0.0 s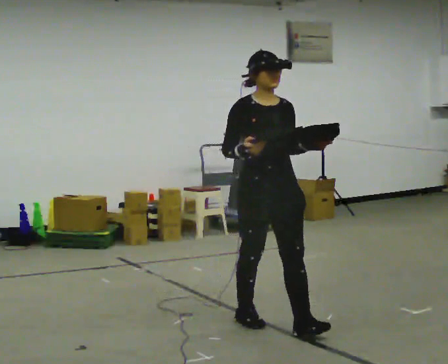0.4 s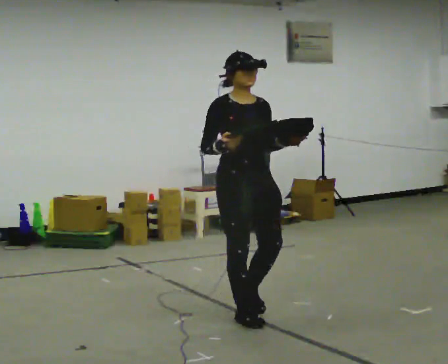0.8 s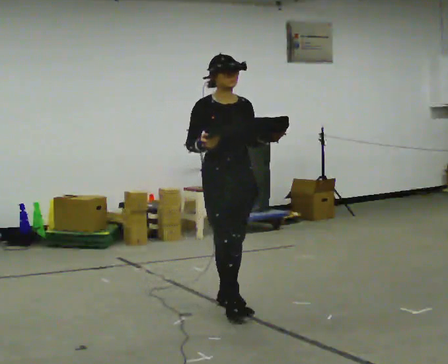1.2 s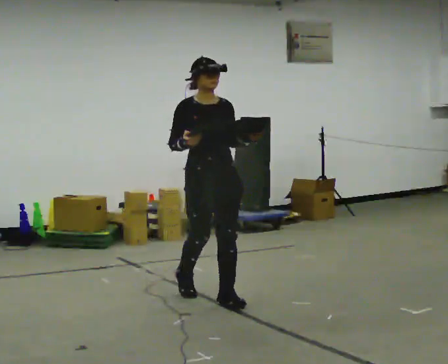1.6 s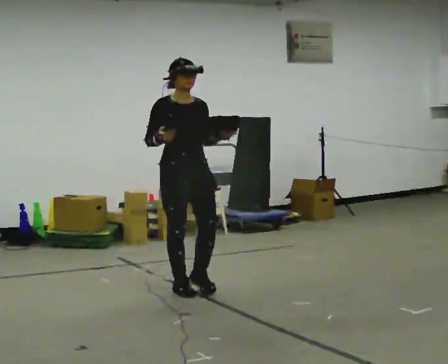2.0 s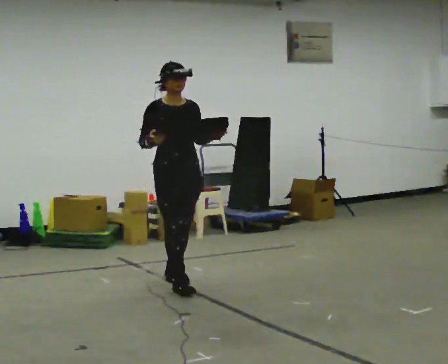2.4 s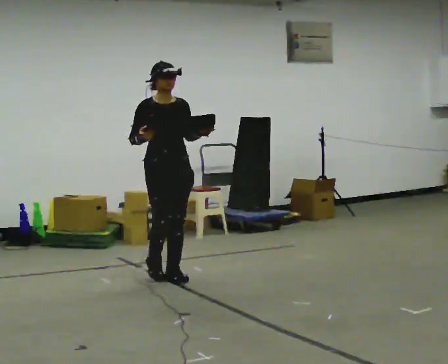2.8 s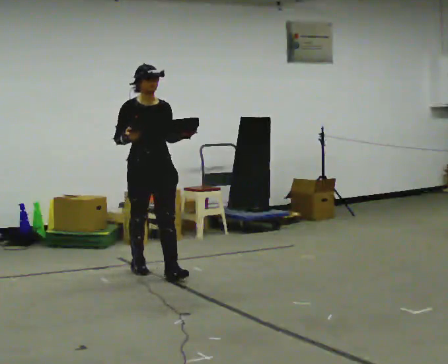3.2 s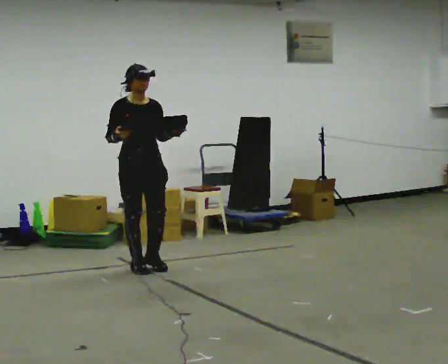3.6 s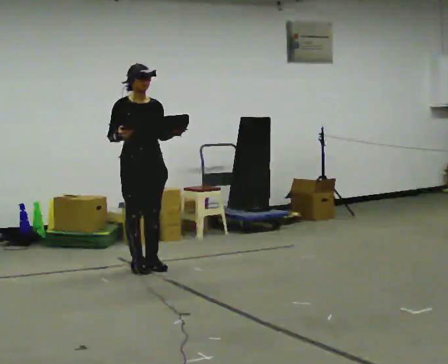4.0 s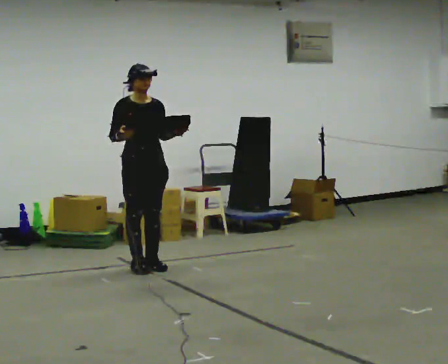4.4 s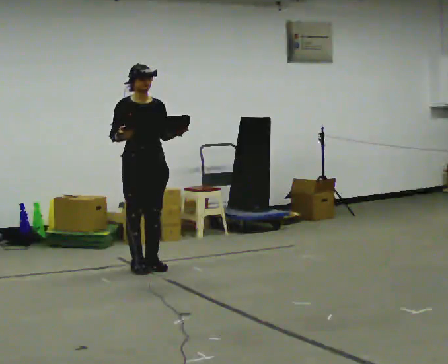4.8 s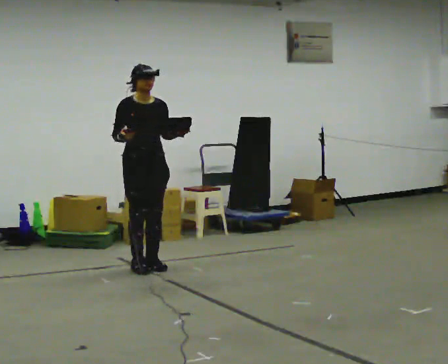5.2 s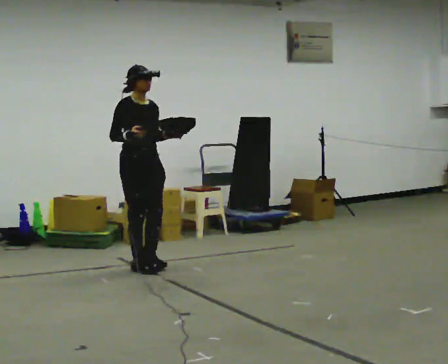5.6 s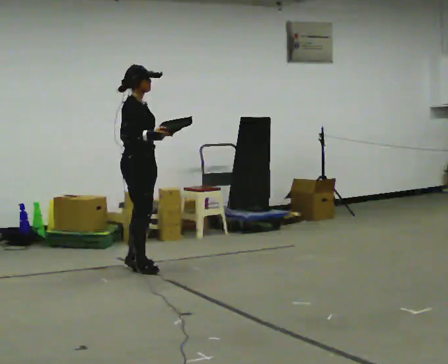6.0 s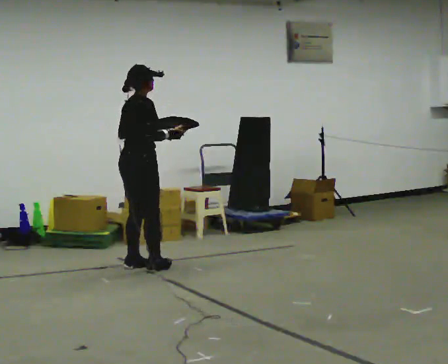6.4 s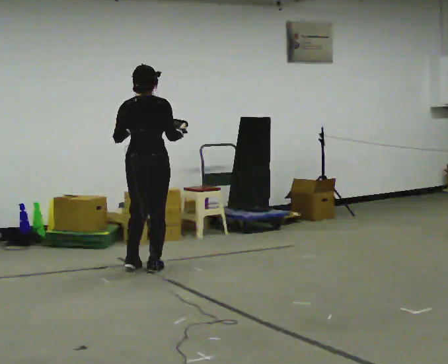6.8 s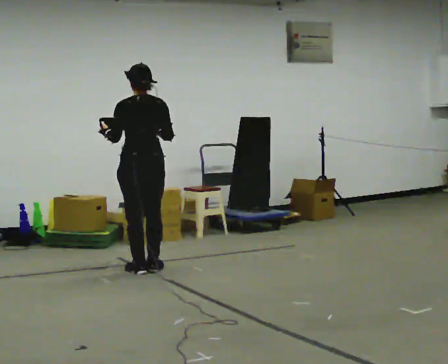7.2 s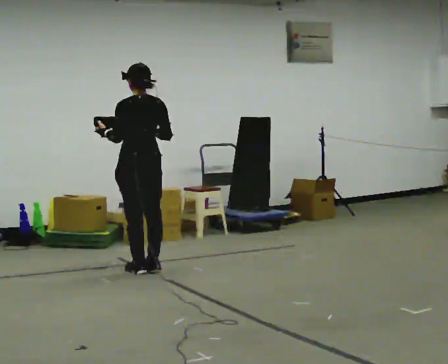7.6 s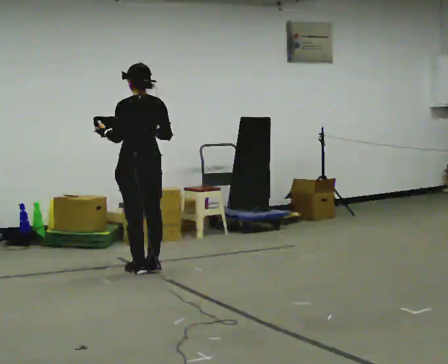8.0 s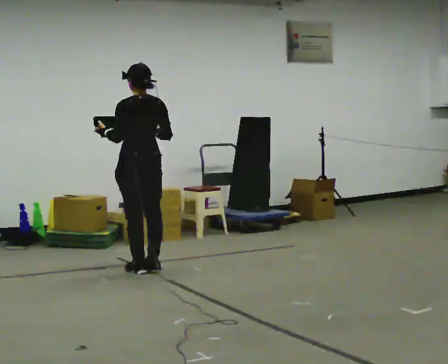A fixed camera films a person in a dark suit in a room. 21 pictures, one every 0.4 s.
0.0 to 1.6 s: In the picture they go away from the camera and to the left, about 1 m in 3 steps, which for them is backward.
1.6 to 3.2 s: In the picture they go away from the camera and to the left, about 1 m in 2 steps, which for them is backward.
3.2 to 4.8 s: The person moves a little, or ends about where they began.
4.8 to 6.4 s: The part of the body nearest the lens slides to the right as the person turns to their left by about 135 degrees. In the picture their left hand goes to the left.
6.4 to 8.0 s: The person turns about 45 degrees to their left, counterclockwise seen from above, so the part of the body nearest the lens slides to the right.
The film runs backward here.
